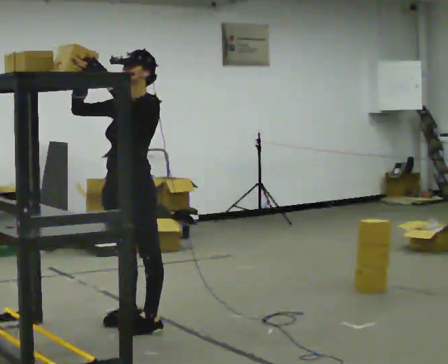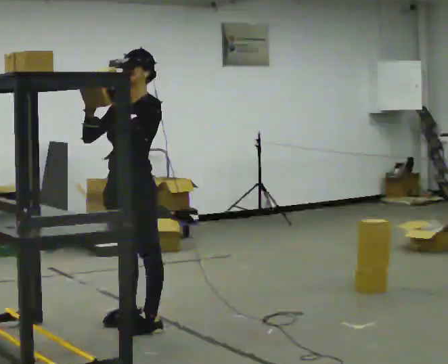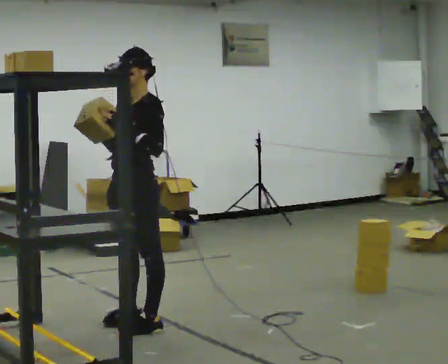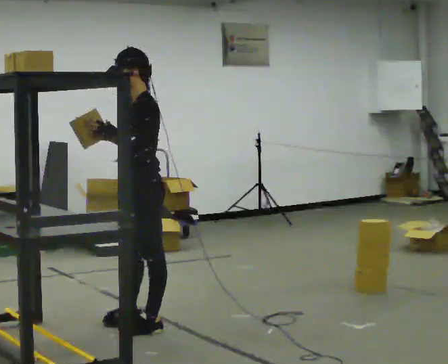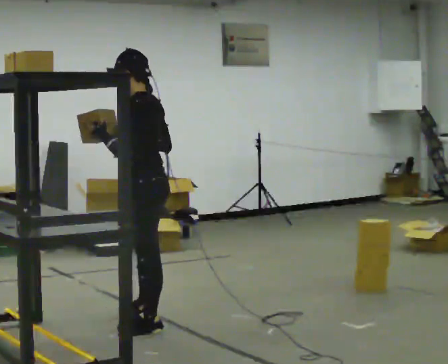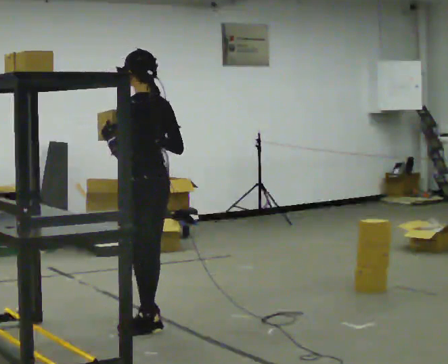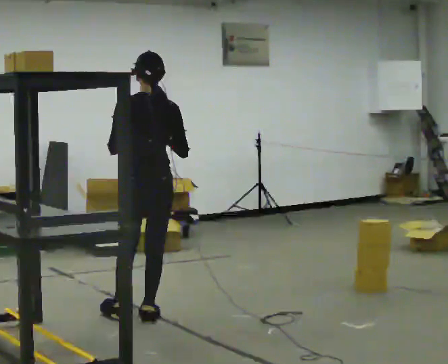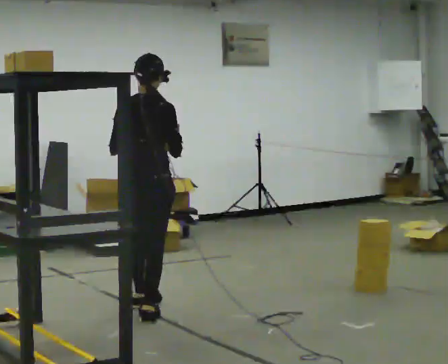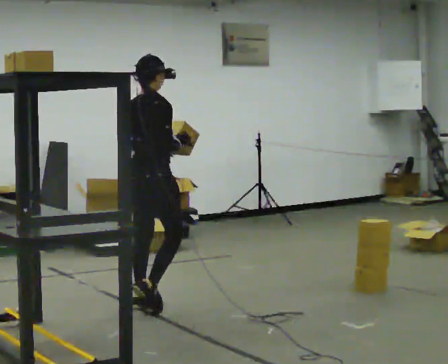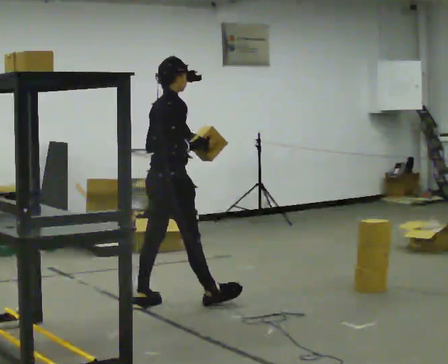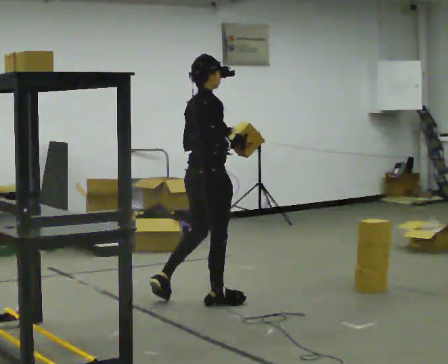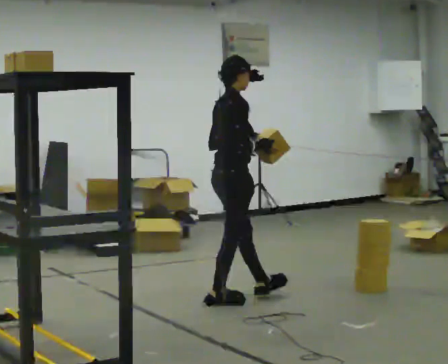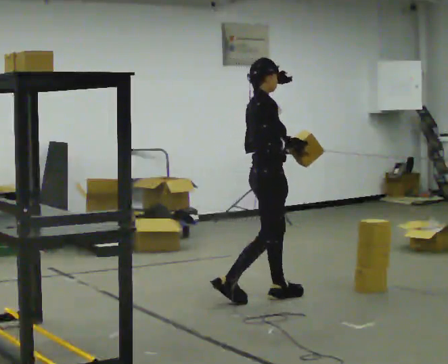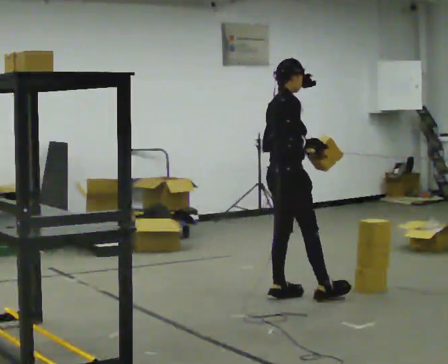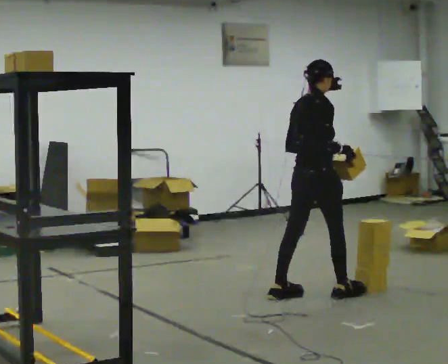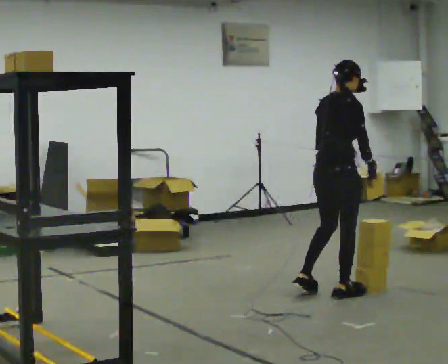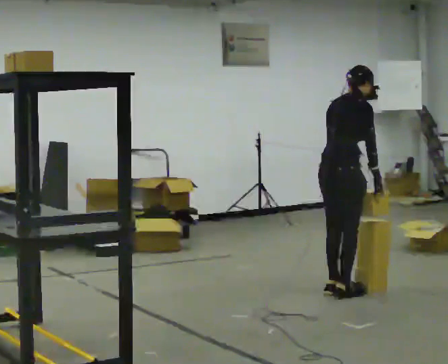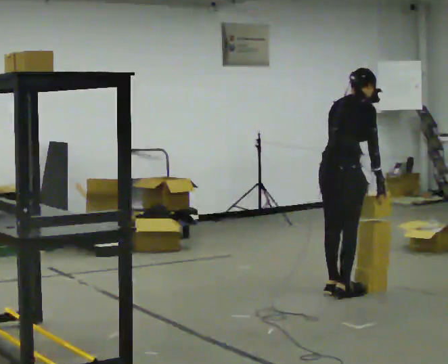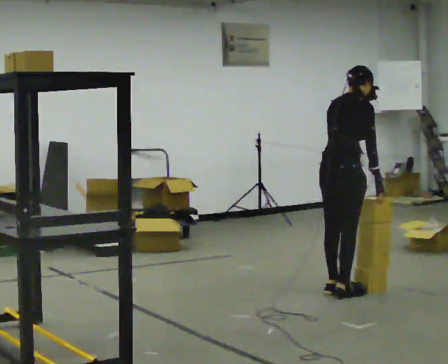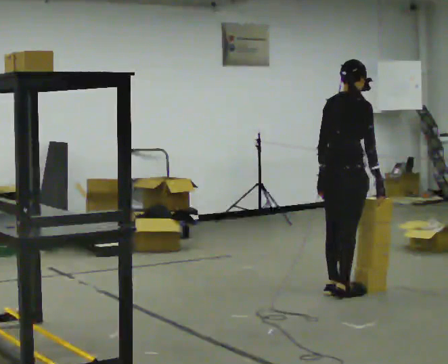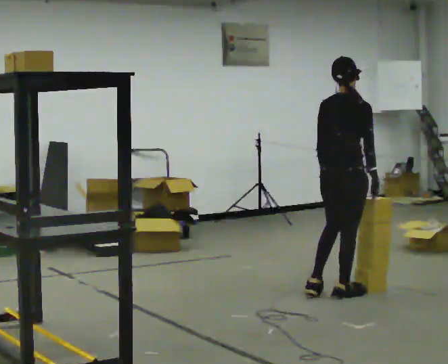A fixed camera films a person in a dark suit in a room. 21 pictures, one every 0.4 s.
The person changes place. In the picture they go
to the right.
Their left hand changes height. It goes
downward.
0.0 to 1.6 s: Seen from above the body turns clockwise, about 75 degrees: to their right, with its near side sliding to the left. In the picture their right hand goes downward and to the right.
1.6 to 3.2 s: The part of the body nearest the lens slides to the left as the person turns to their right by about 105 degrees. In the picture they go away from the camera, about 0.5 m in 1 step.
3.2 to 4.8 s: The person turns about 45 degrees to their right, clockwise seen from above, so the part of the body nearest the lens slides to the left. In the picture they go to the right, about 1 m in 2 steps, which for them is forward.
4.8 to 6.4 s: Seen from above the body turns counterclockwise, about 30 degrees: to their left, with its near side sliding to the right. In the picture they go to the right, about 0.5 m in 2 steps, which for them is forward and to their right. In the picture the upper body tilts clockwise, shoulders to the right, as they bend forward.
6.4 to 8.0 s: The person moves a little, or ends about where they began.
The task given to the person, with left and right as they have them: Take an object down from the highest shelf you can comfortably reach, carry it across the room, and set it on the floor. Keep going until the operator says stop; one object at a time, and do not rush between trips.
The film runs forward here.
